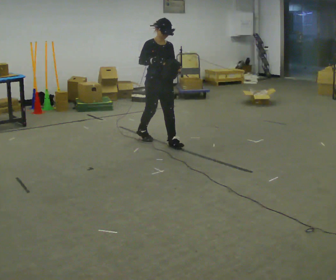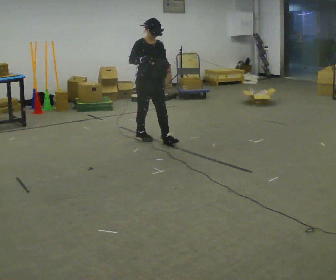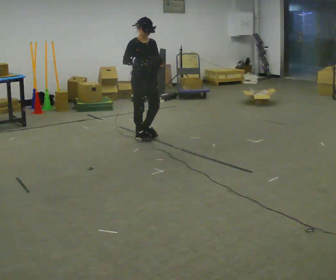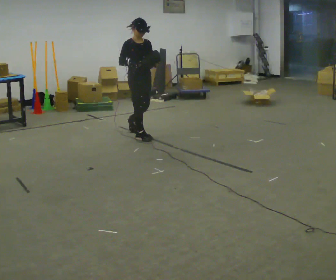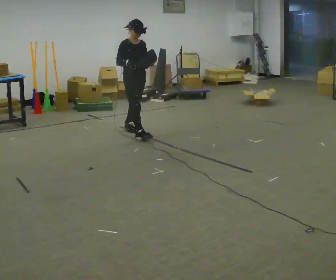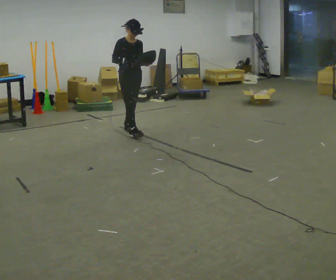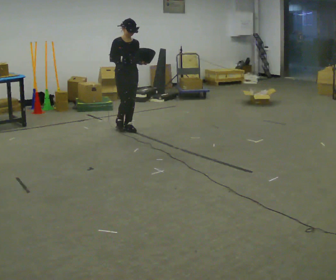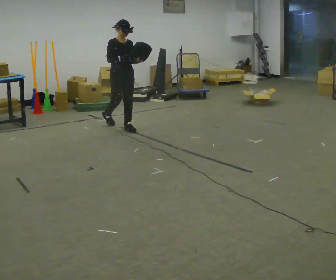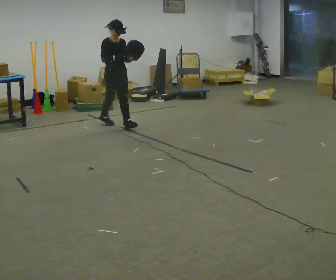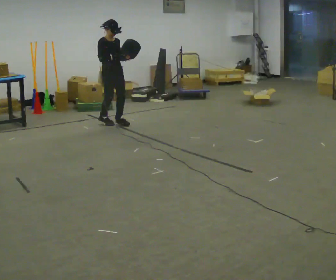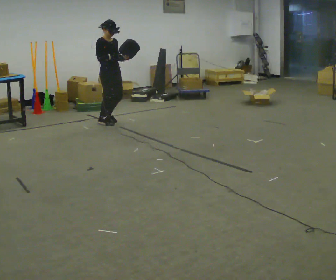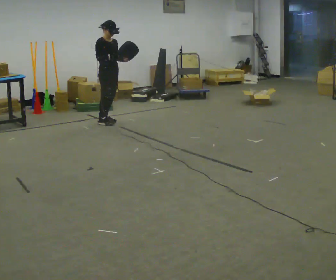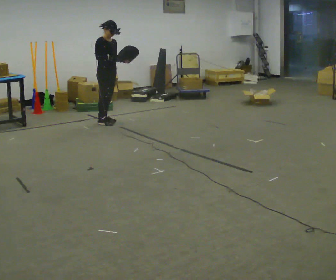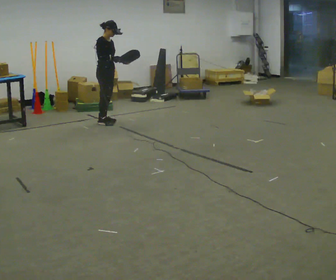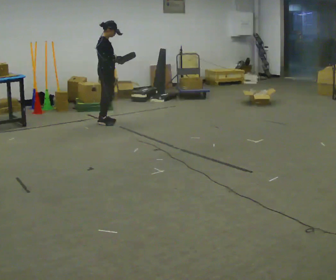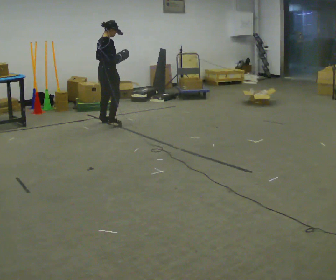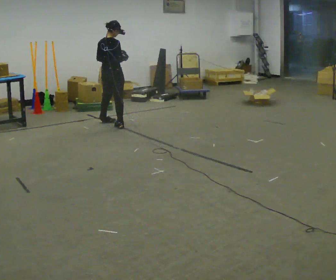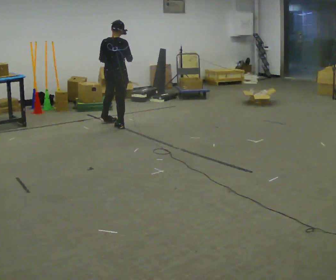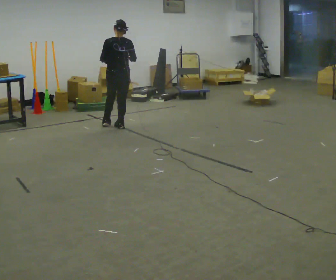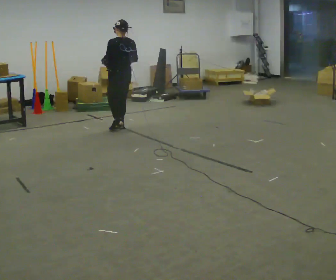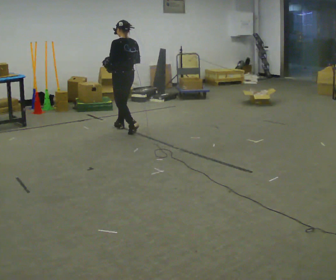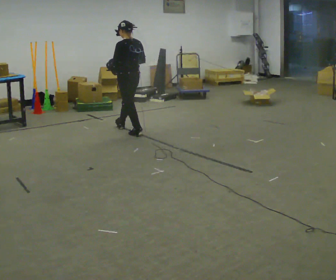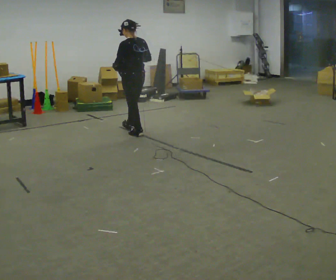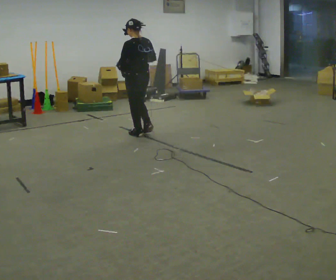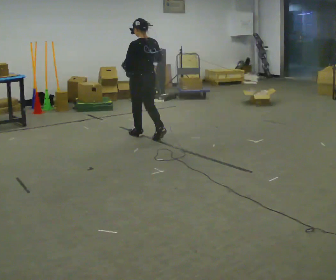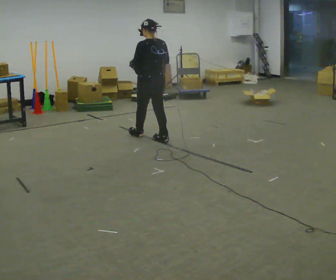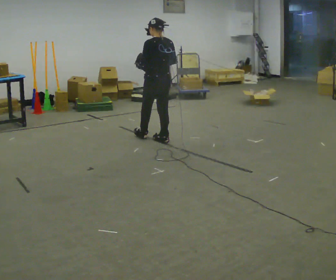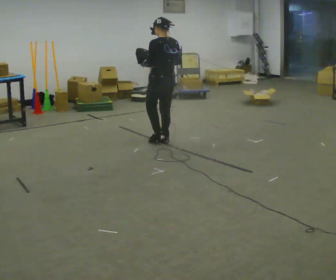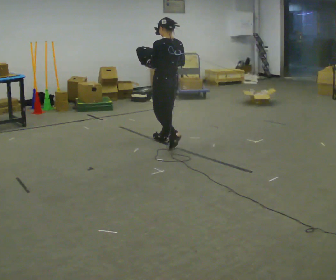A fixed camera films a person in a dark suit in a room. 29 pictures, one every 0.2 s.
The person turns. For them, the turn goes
to their left.
The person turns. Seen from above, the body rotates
counterclockwise.
0.0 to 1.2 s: In the picture they go away from the camera and to the left, about 1 m in 2 steps, which for them is backward.
1.2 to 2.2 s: In the picture they go away from the camera and to the left, about 0.5 m in 1 step, which for them is backward.
2.2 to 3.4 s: Seen from above the body turns counterclockwise, about 105 degrees: to their left, with its near side sliding to the right. In the picture they go toward the camera, about 0.25 m in 2 steps.
3.4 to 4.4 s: Seen from above the body turns counterclockwise, about 60 degrees: to their left, with its near side sliding to the right. In the picture they go toward the camera and to the right, about 0.5 m in 1 step.
4.4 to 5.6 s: In the picture they go toward the camera and to the right, about 0.5 m in 1 step, which for them is backward.
The film runs backward here.
